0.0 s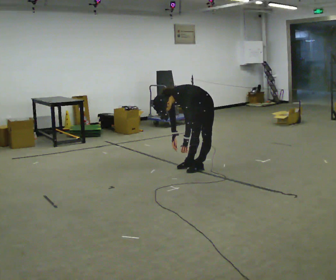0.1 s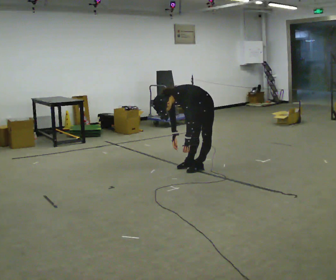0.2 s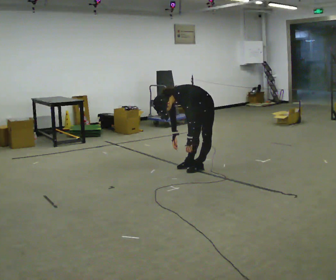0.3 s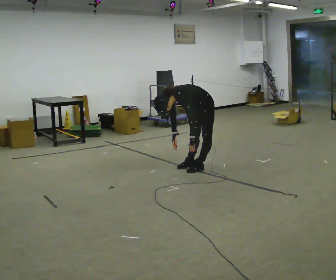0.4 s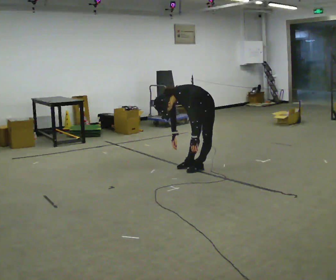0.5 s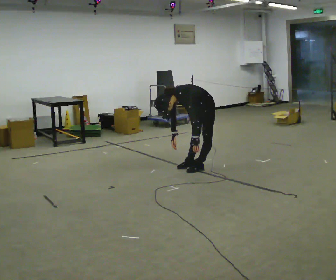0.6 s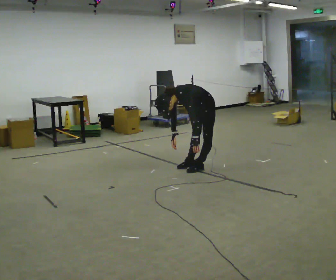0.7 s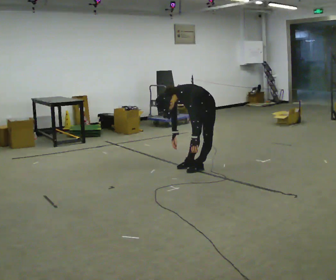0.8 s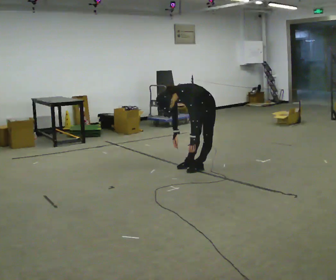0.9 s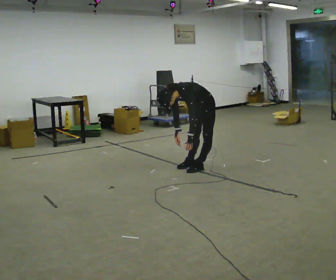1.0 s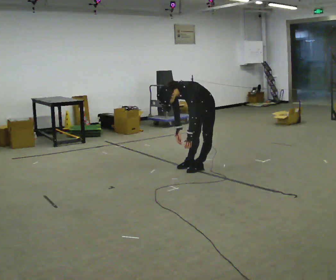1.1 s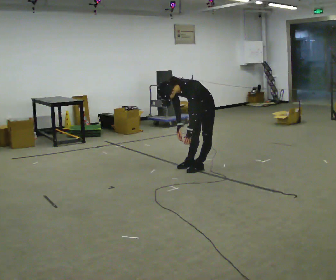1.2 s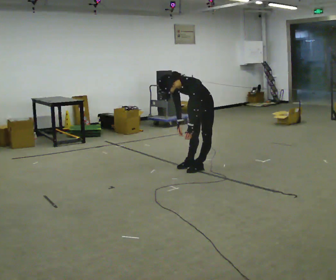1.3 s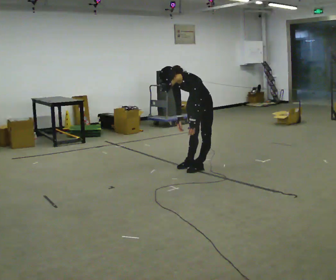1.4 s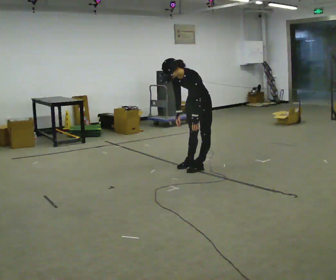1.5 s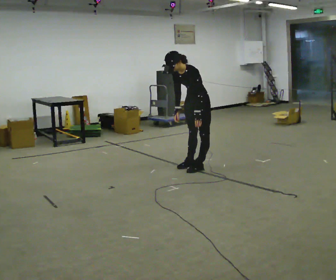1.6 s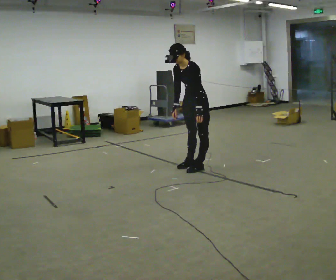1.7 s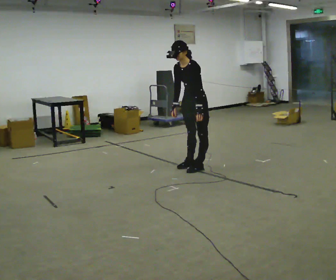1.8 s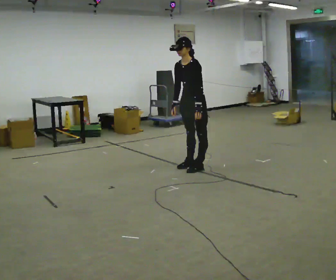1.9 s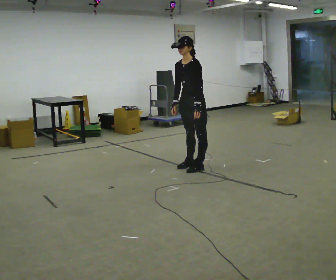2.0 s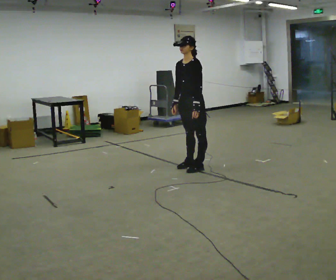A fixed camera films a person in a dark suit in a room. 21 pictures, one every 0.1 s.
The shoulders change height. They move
upward.
0.0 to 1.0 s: In the picture the upper body tilts clockwise, shoulders to the right.
1.0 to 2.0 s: The shoulders move upward. The upper body tips away from the camera, its near side rolling upward, as they lean back or straighten. In the picture their right hand goes upward.
The film runs backward here.
